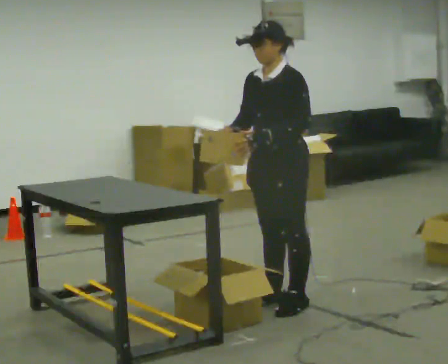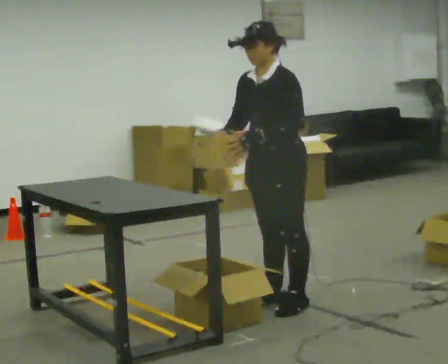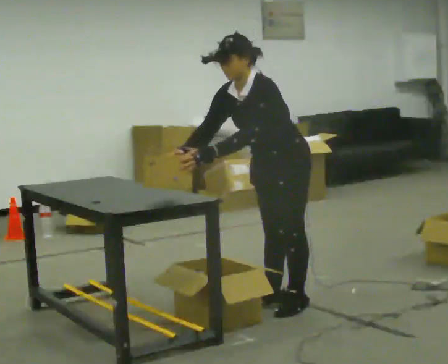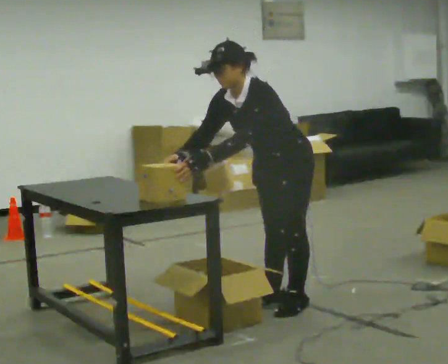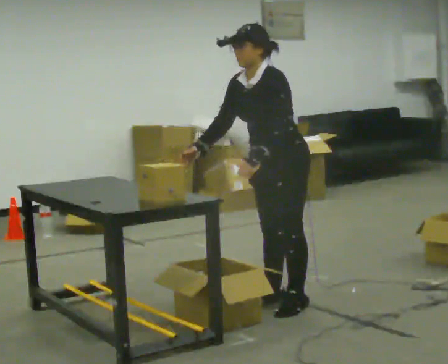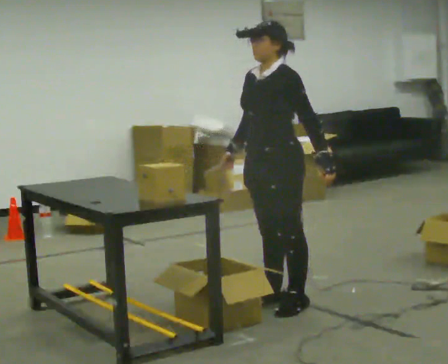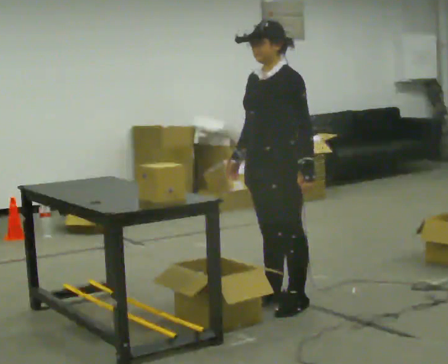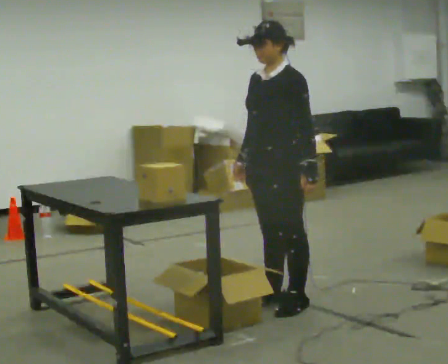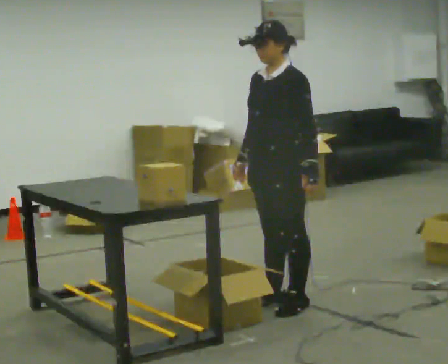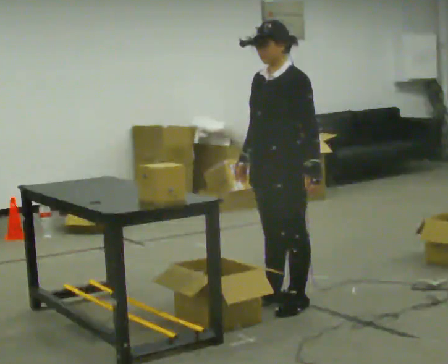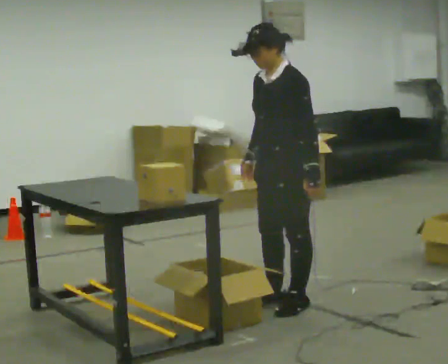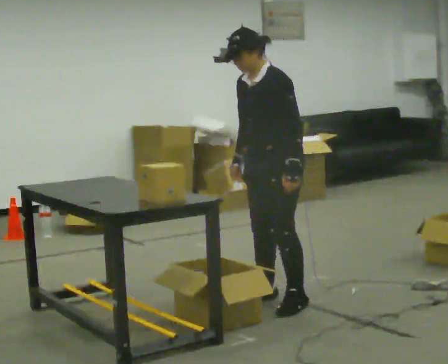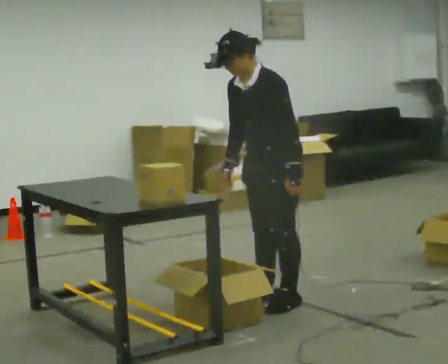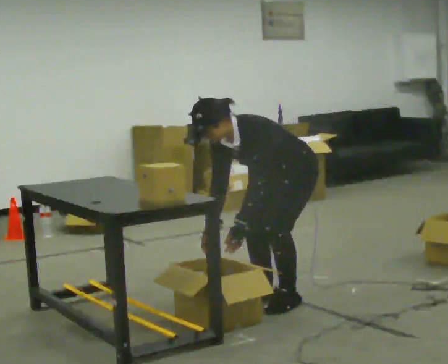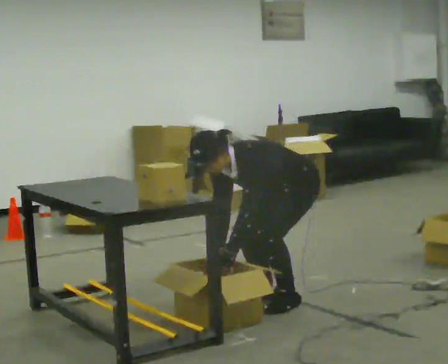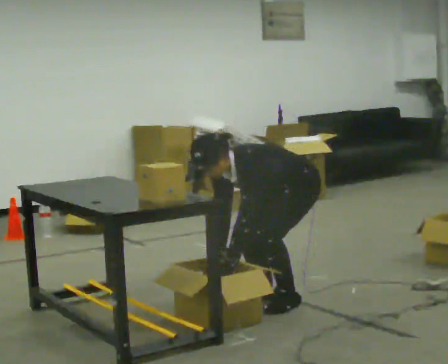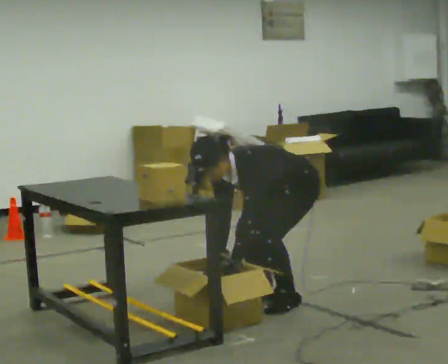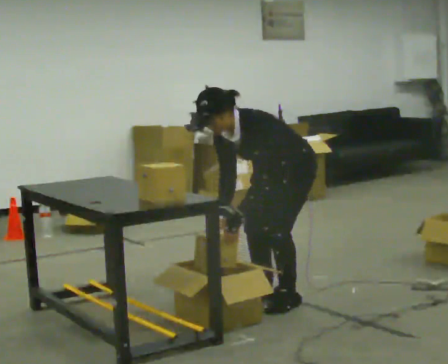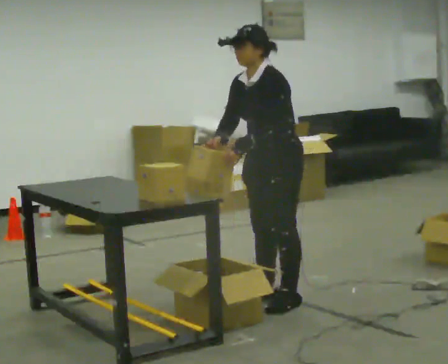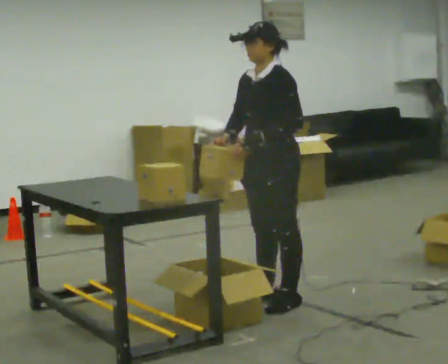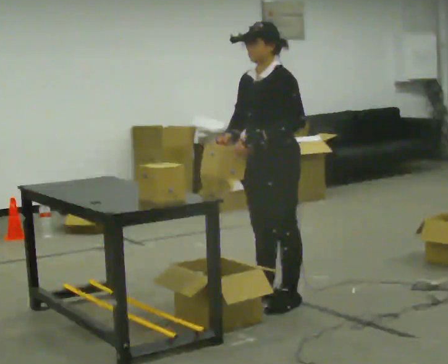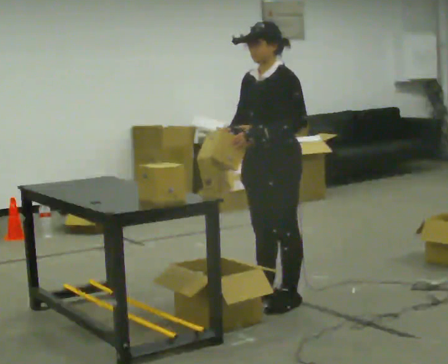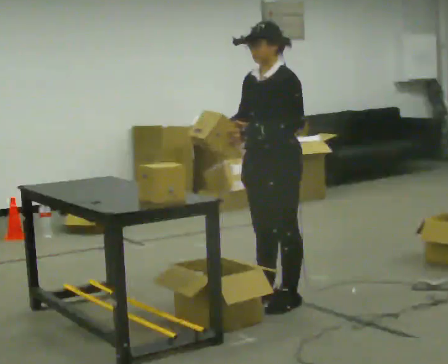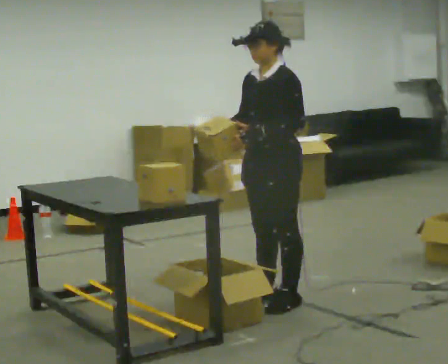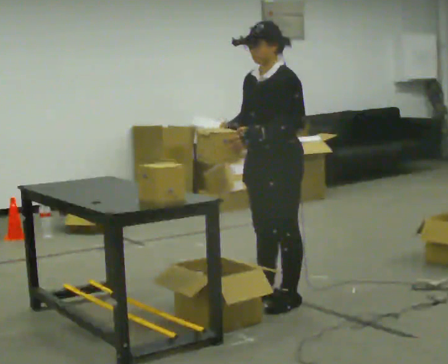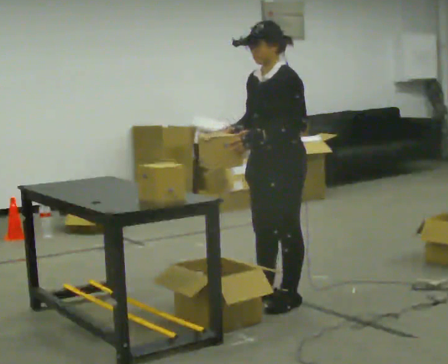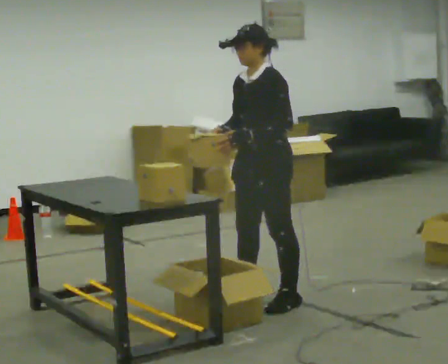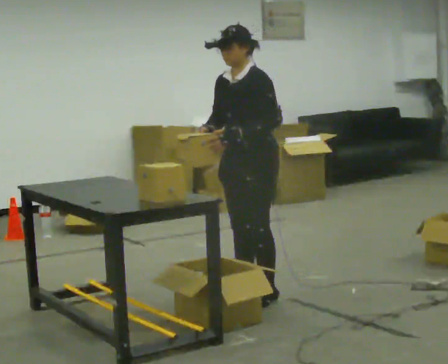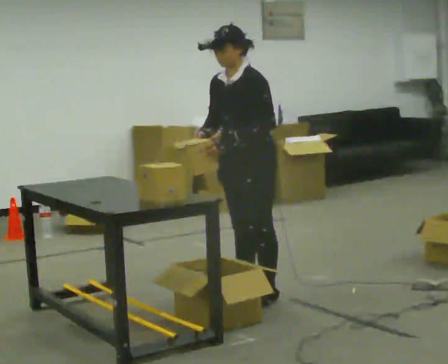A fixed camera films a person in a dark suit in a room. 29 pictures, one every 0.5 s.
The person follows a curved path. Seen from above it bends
counterclockwise.
0.0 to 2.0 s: The person moves a little, or ends about where they began.
2.0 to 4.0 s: In the picture the upper body tilts clockwise, shoulders to the right, as they lean back or straighten.
4.0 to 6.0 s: In the picture the upper body tilts counterclockwise, shoulders to the left, as they bend forward.
6.0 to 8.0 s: The shoulders move downward. In the picture the upper body tilts counterclockwise, shoulders to the left, as they bend forward. In the picture their left hand goes downward and to the left.
8.0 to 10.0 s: The shoulders move upward. In the picture the upper body tilts clockwise, shoulders to the right, as they lean back or straighten. In the picture their right hand goes upward.
10.0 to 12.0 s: The person moves a little, or ends about where they began.
12.0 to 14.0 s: In the picture they go to the left, about 0.25 m in 1 step, which for them is to their right.
The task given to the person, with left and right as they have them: 1. Take everything out of the crates by the door. 2. Put the small items on the middle shelf. 3. Put the large items on the bottom shelf. 4. Stack the empty crates by the door. 5. Tell the operator when you are finished.
The film runs forward here.
